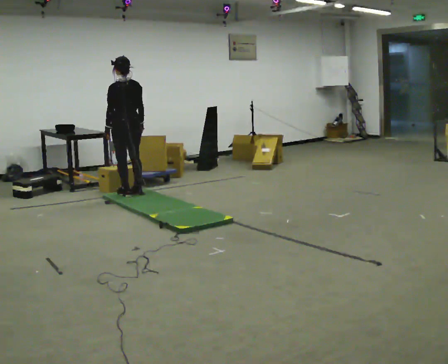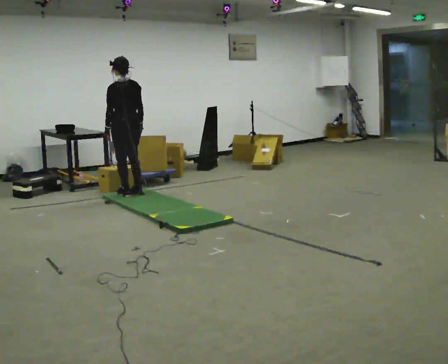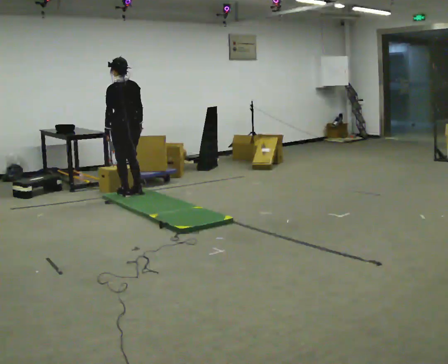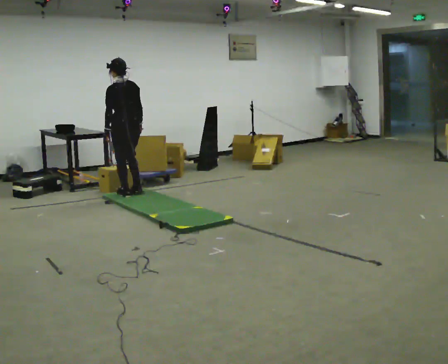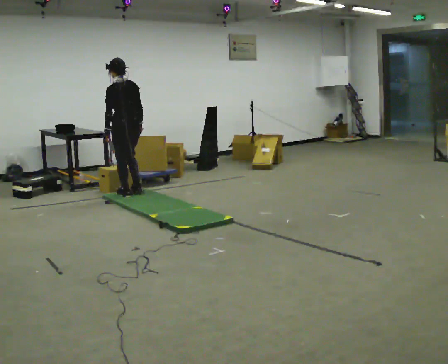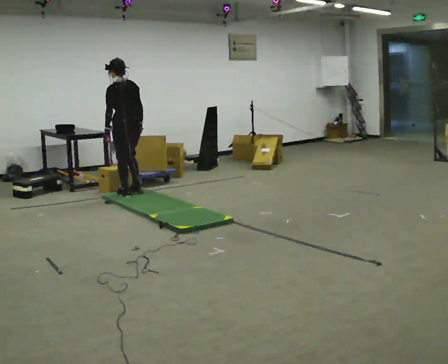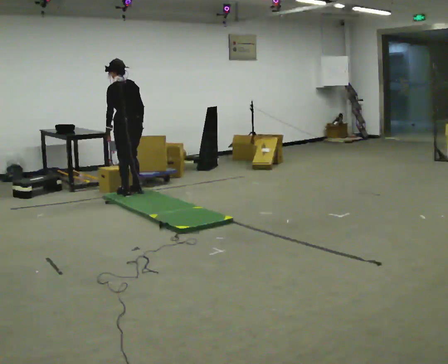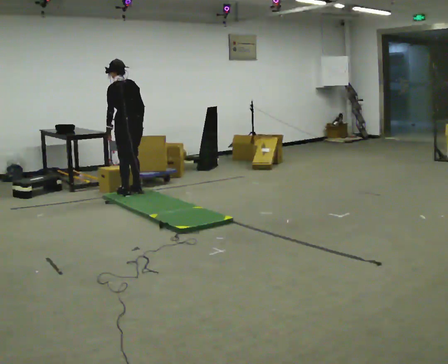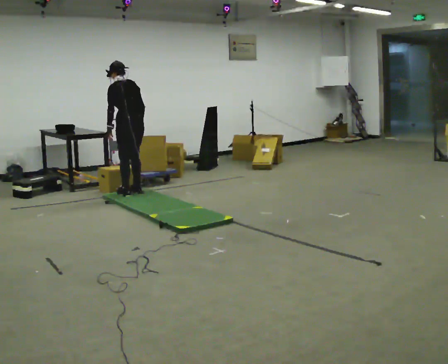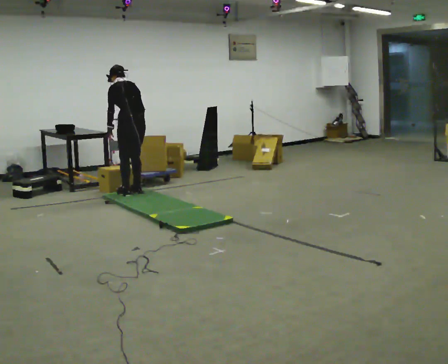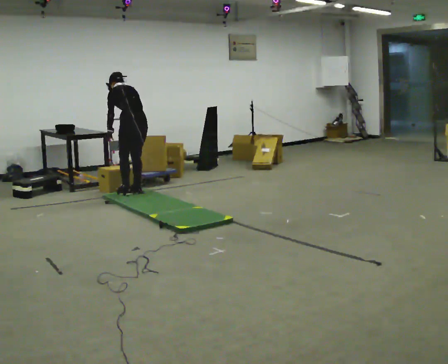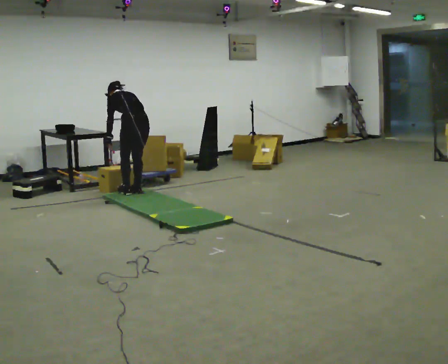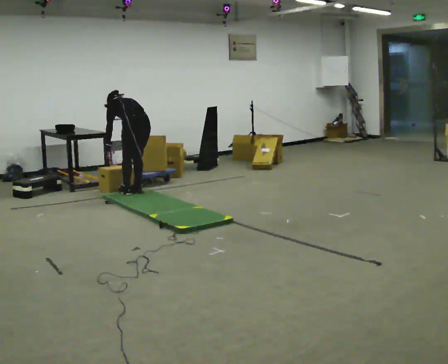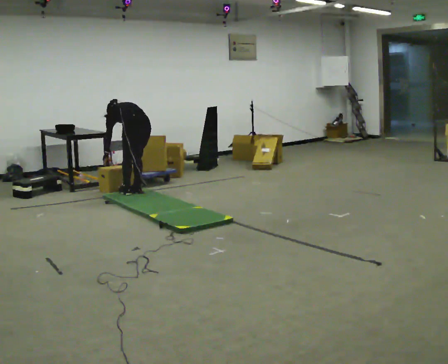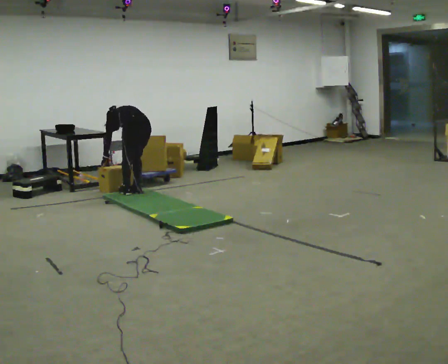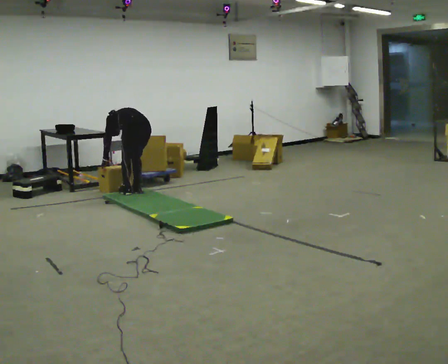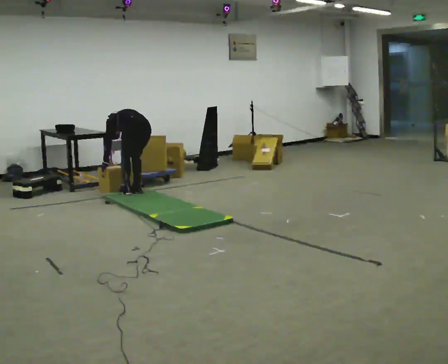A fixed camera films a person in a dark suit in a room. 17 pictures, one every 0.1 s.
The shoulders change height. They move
downward.
Their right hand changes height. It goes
downward.
0.0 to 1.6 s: The shoulders move downward. The upper body tips away from the camera, its near side rolling upward, as they bend forward. In the picture their right hand goes downward.
The film runs forward here.
